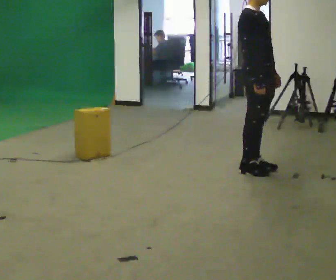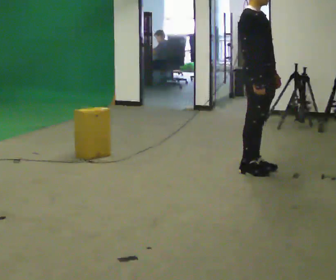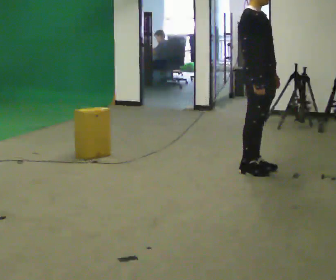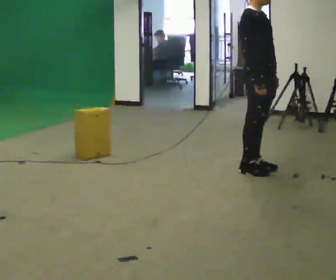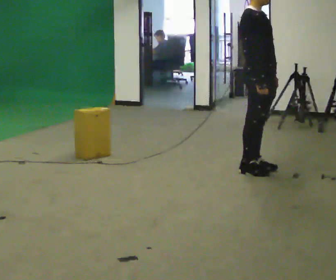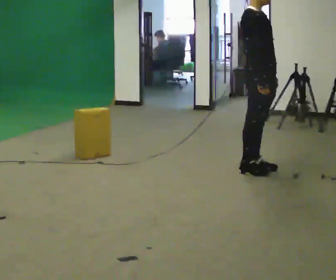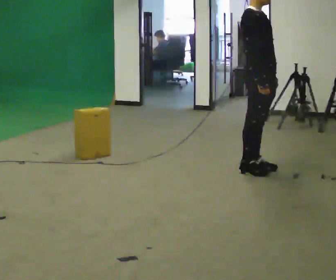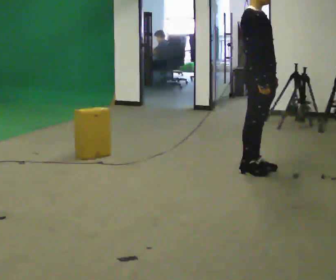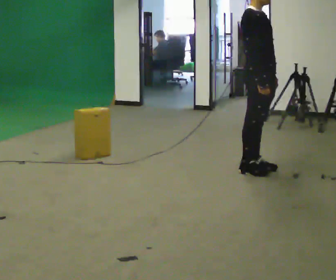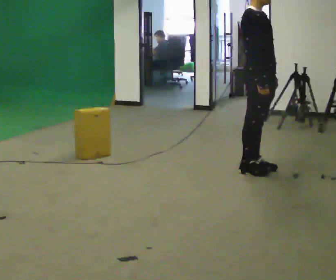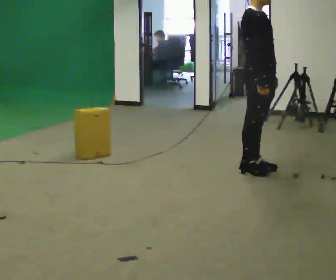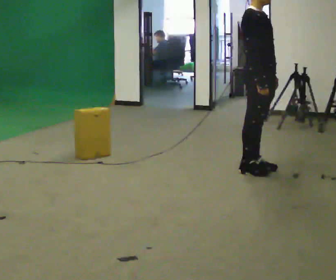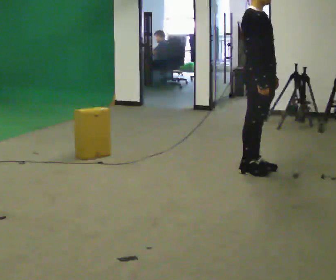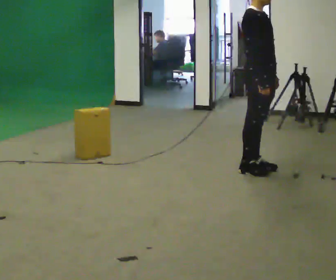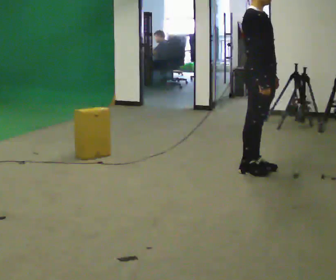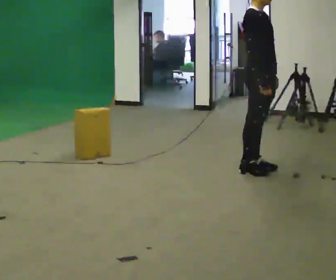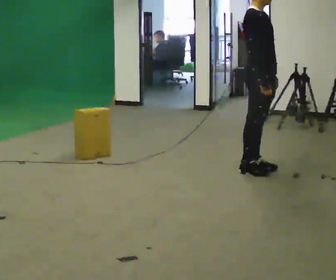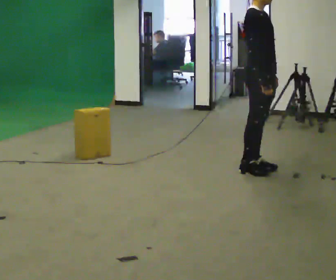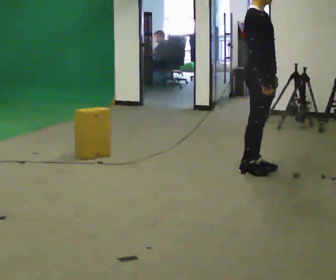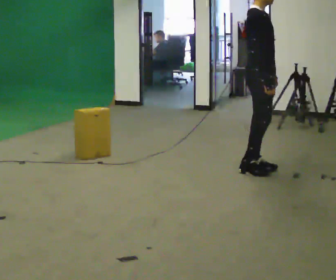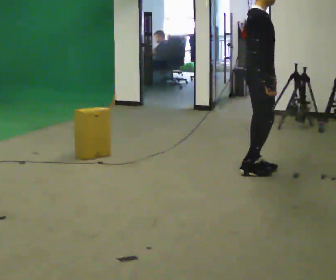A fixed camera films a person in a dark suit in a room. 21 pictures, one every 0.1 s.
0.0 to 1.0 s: The person moves a little, or ends about where they began.
1.0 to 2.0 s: The person turns about 30 degrees to their left, counterclockwise seen from above, so the part of the body nearest the lens slides to the right.
The film runs forward here.
